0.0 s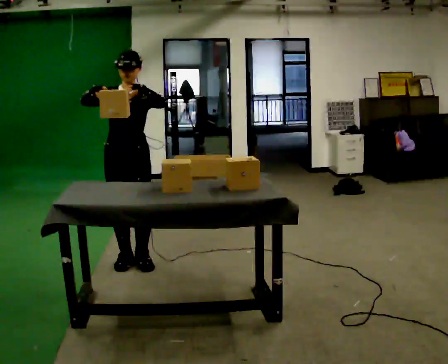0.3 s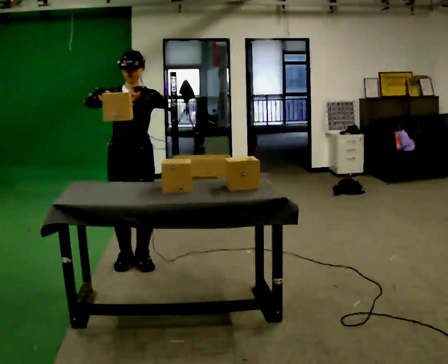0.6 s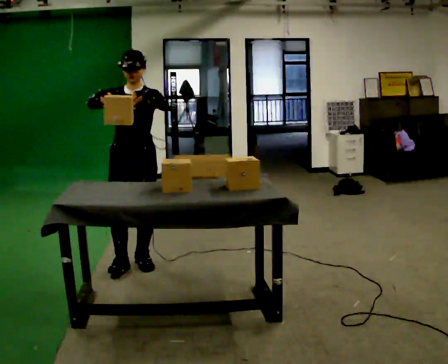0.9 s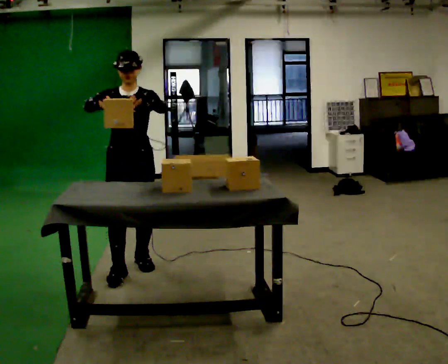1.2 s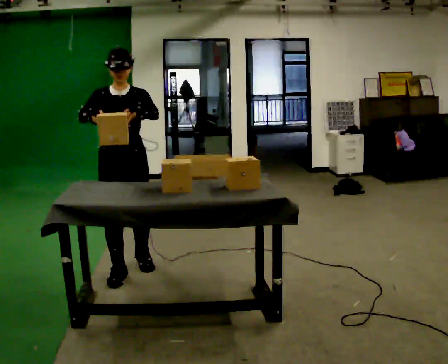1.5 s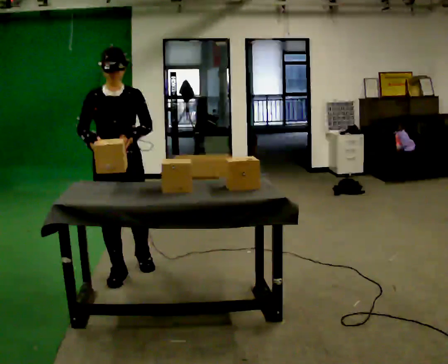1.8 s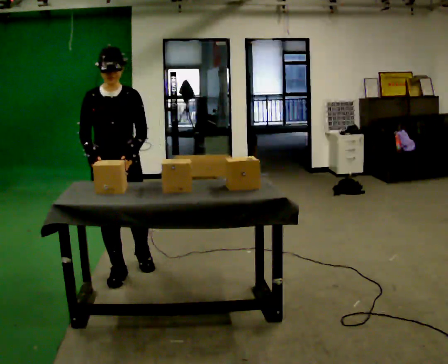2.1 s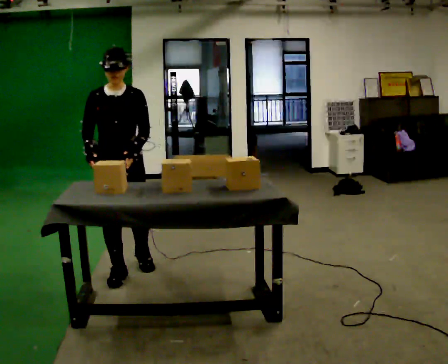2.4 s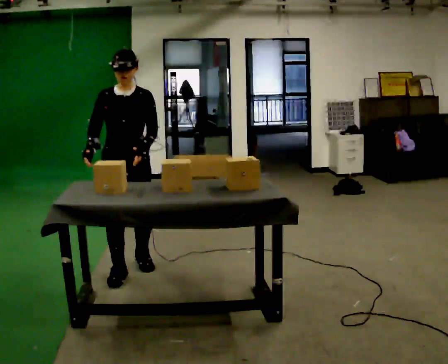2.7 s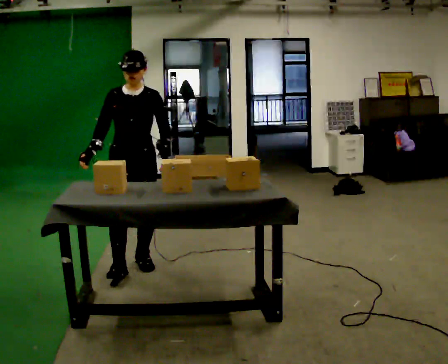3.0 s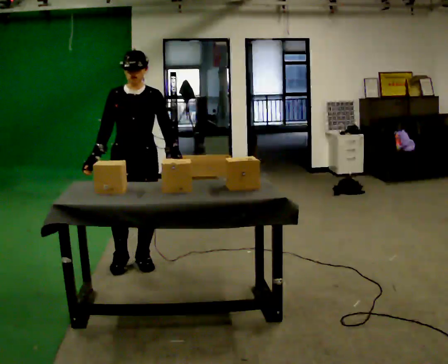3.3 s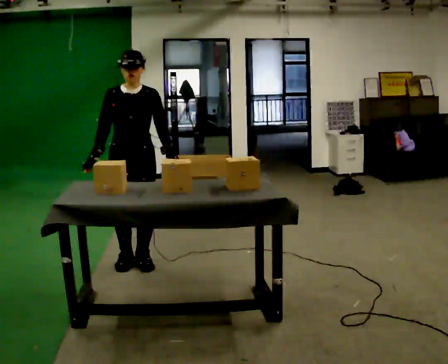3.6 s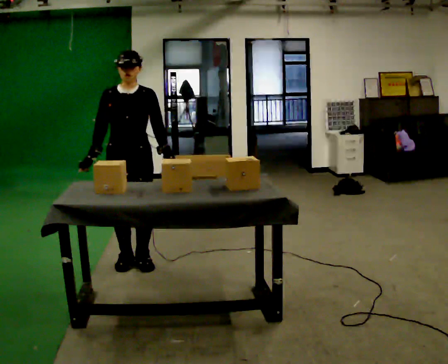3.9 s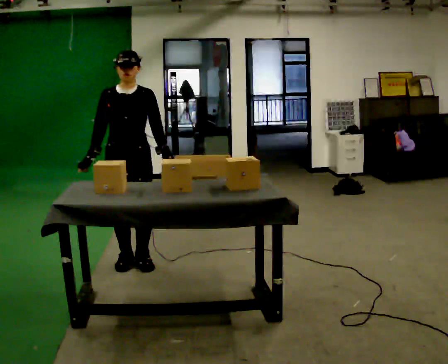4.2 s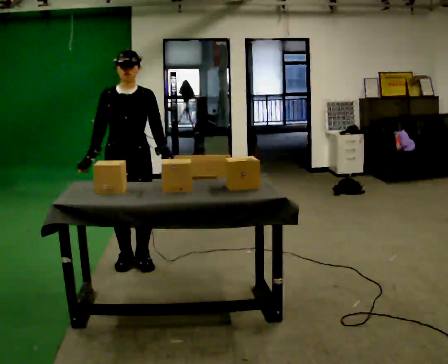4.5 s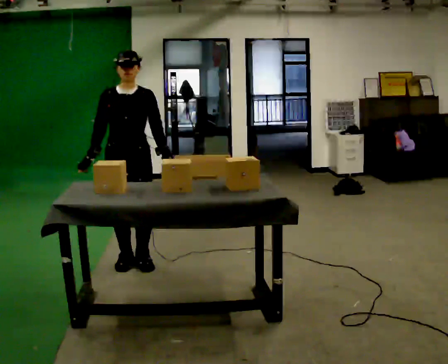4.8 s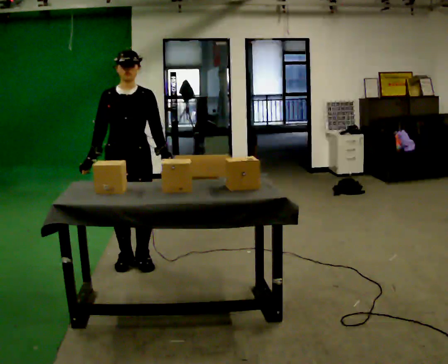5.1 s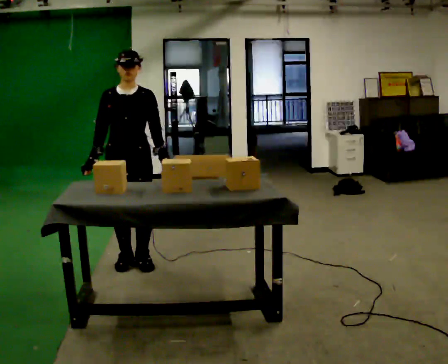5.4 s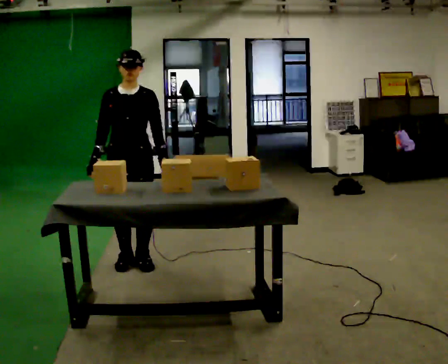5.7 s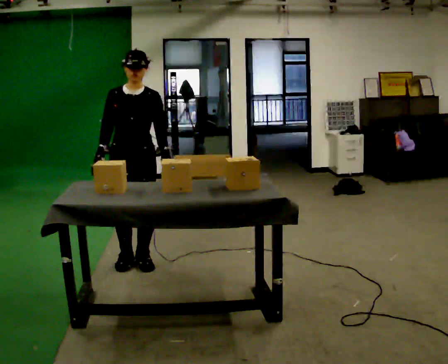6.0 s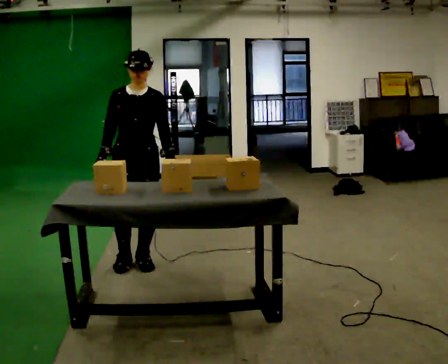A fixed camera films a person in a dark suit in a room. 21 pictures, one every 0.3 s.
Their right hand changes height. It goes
downward.
Their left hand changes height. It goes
downward.
0.0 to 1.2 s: In the picture they go toward the camera, about 0.25 m in 1 step, which for them is forward.
1.2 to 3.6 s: In the picture they go away from the camera, about 0.25 m in 1 step, which for them is backward. In the picture their left hand goes downward.
3.6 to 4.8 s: The person keeps their place and pose.
4.8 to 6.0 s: The person moves a little, or ends about where they began.
The film runs backward here.
